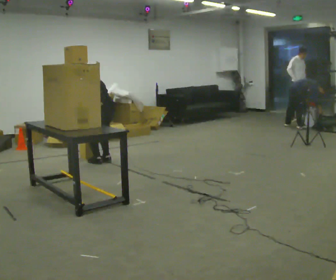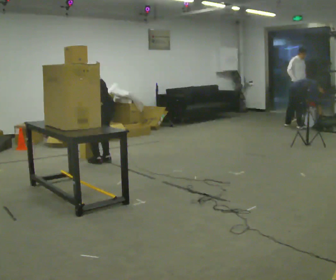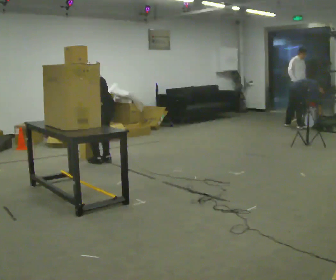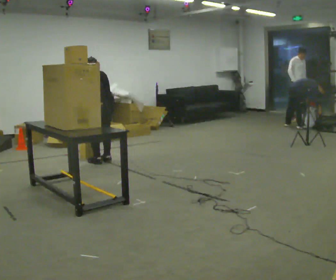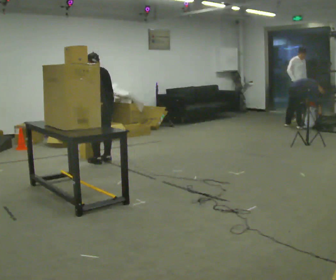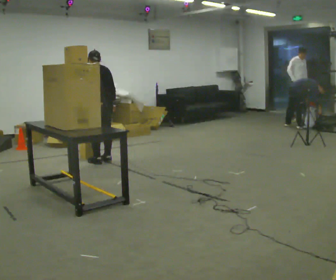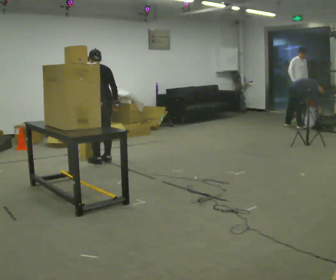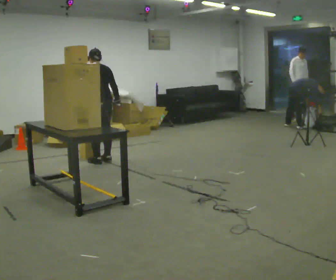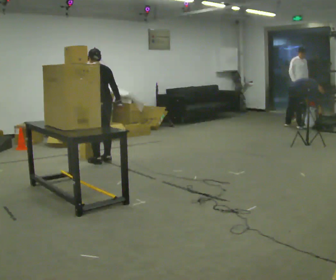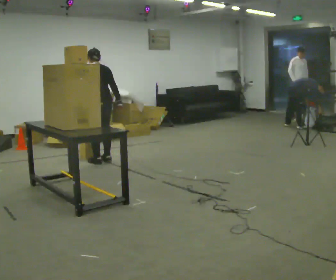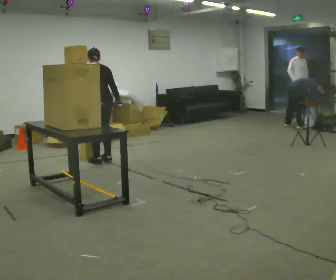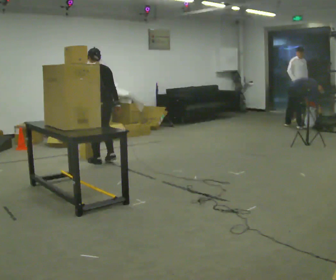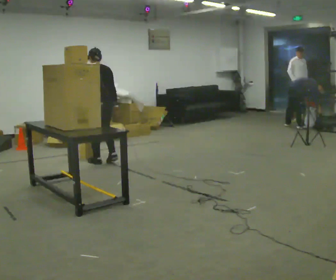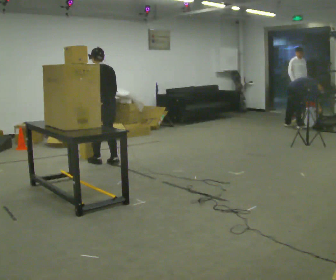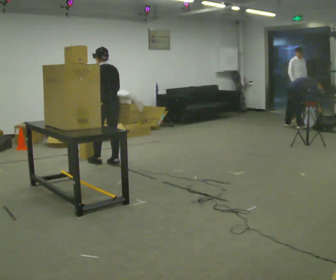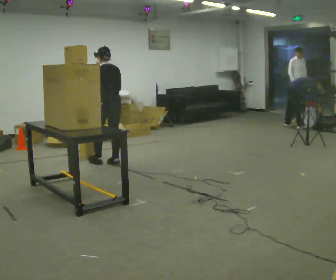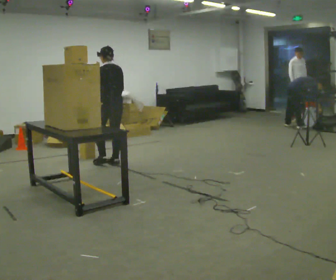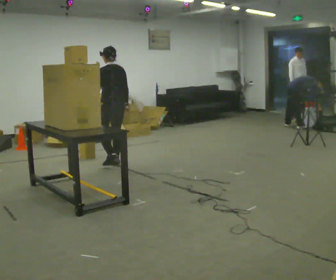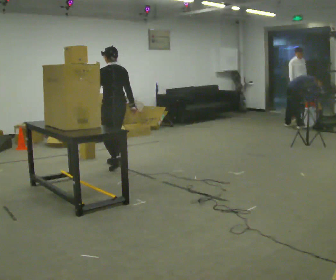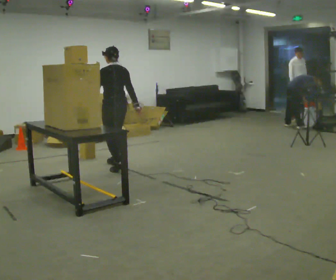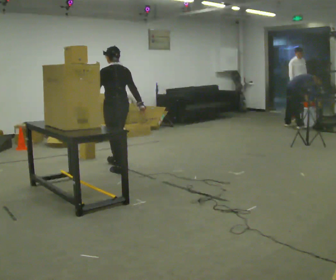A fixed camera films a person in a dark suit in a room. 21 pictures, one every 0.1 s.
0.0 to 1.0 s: The upper body goes upward. The upper body tips toward the camera, its near side rolling downward, as they lean back or straighten. In the picture their right hand goes to the right.
1.0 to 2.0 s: In the picture they go toward the camera and to the right, about 0.25 m in 2 steps, which for them is backward.
The film runs backward here.
